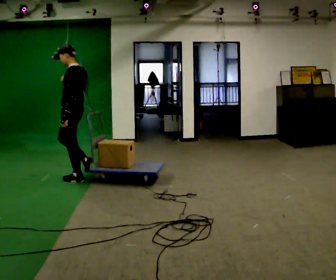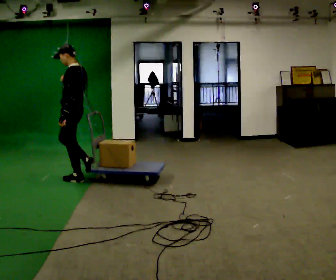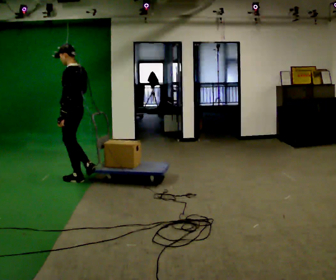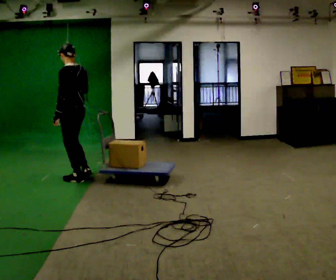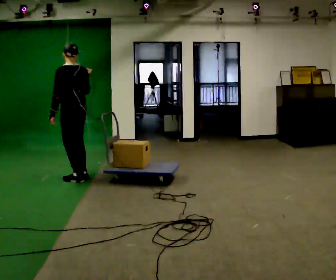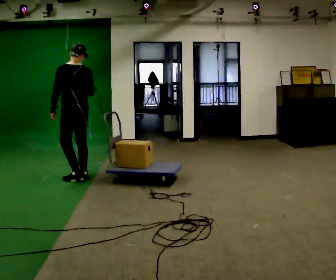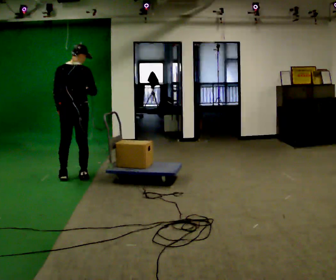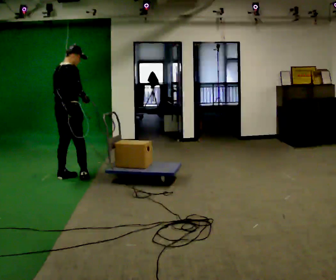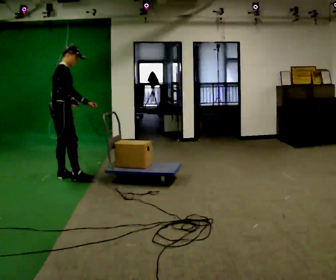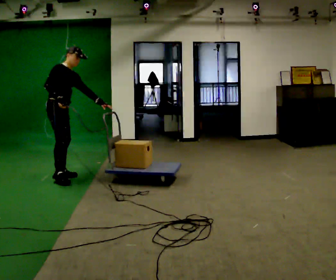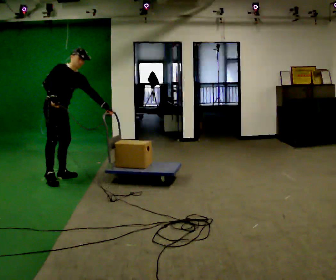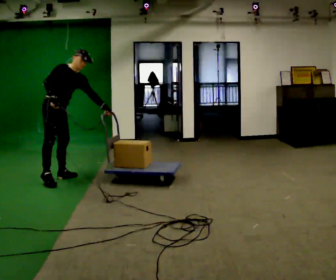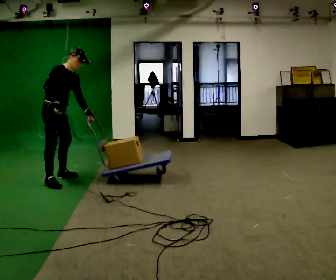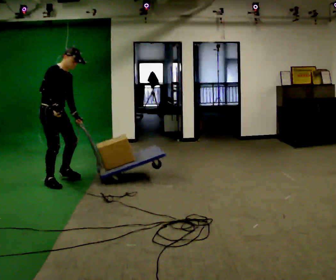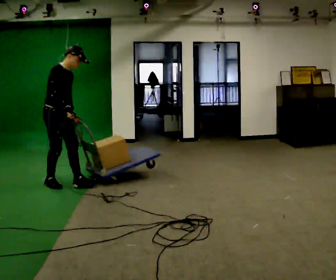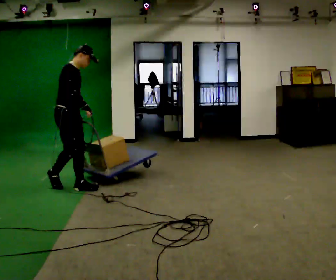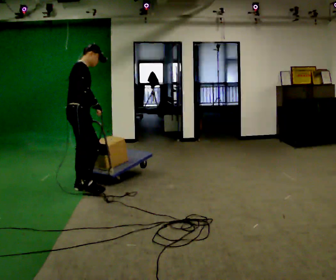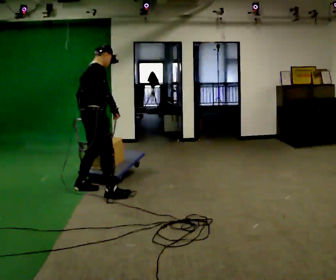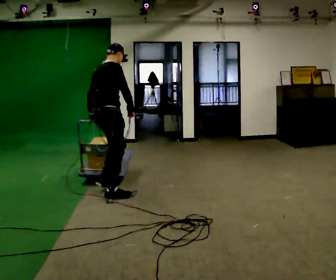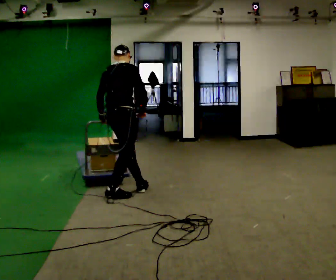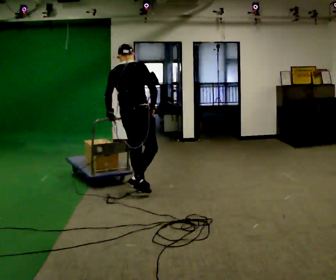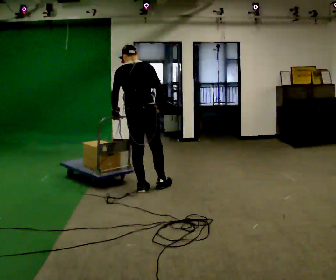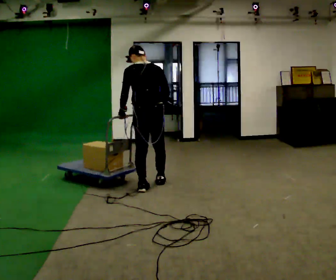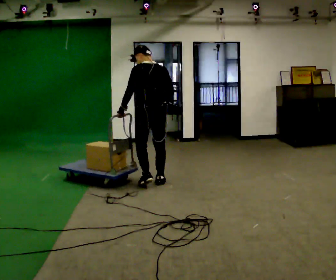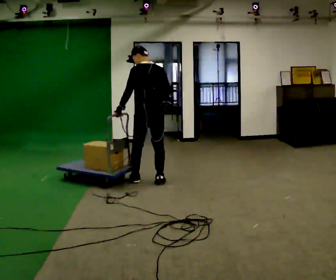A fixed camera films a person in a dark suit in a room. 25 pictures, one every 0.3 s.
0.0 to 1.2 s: The part of the body nearest the lens slides to the left as the person turns to their right by about 30 degrees.
1.2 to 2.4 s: Seen from above the body turns clockwise, about 120 degrees: to their right, with its near side sliding to the left. In the picture they go to the left, about 0.25 m in 1 step.
2.4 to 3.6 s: Seen from above the body turns clockwise, about 30 degrees: to their right, with its near side sliding to the left.
3.6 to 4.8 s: In the picture they go toward the camera and to the right, about 0.5 m in 1 step, which for them is forward and to their right. In the picture the upper body tilts counterclockwise, shoulders to the left.
4.8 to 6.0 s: The person turns about 45 degrees to their left, counterclockwise seen from above, so the part of the body nearest the lens slides to the right. In the picture they go to the right, about 0.75 m in 2 steps, which for them is forward and to their right.
6.0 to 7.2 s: Seen from above the body turns counterclockwise, about 45 degrees: to their left, with its near side sliding to the right. In the picture they go away from the camera and to the right, about 0.5 m in 1 step, which for them is forward and to their right.
The film runs forward here.
